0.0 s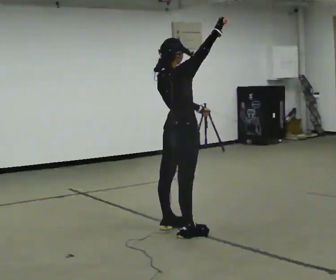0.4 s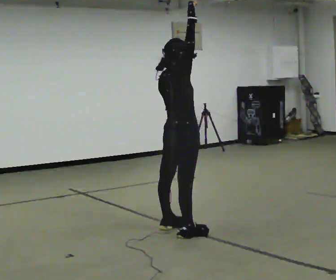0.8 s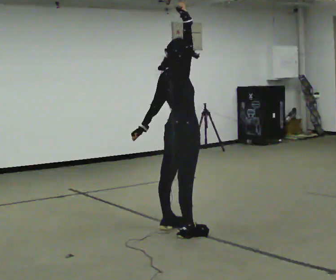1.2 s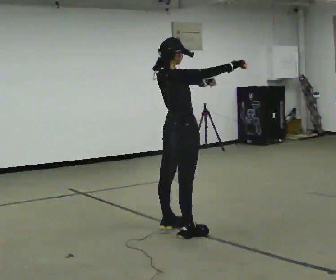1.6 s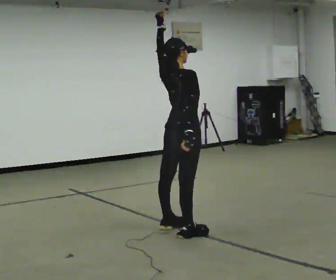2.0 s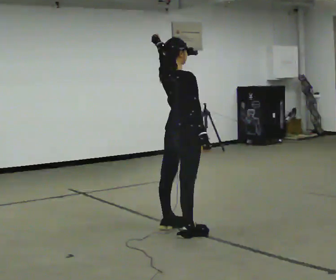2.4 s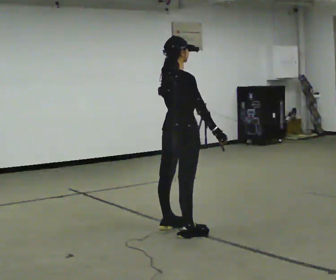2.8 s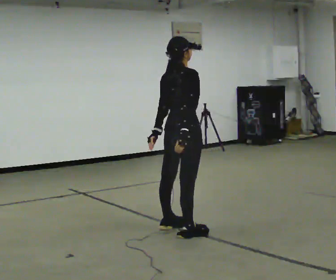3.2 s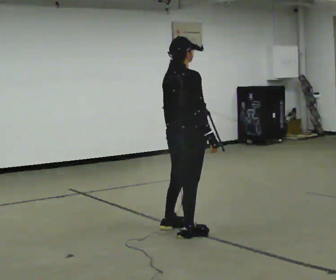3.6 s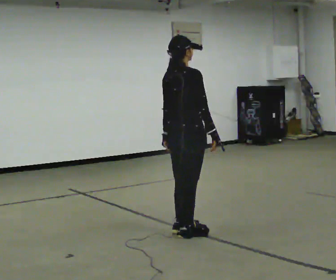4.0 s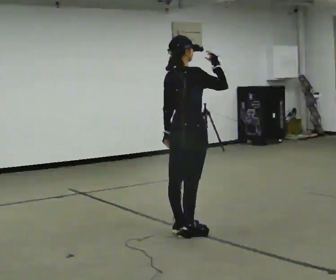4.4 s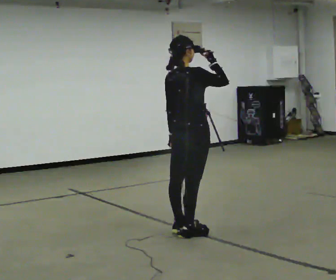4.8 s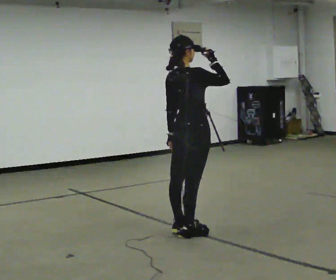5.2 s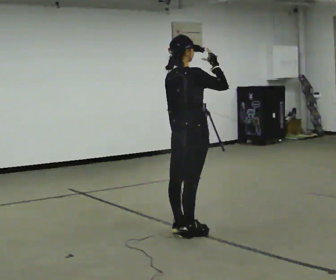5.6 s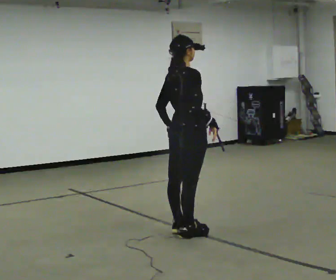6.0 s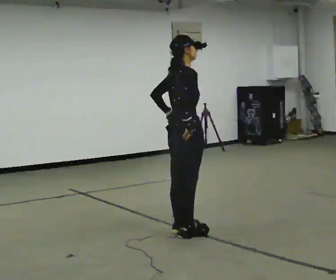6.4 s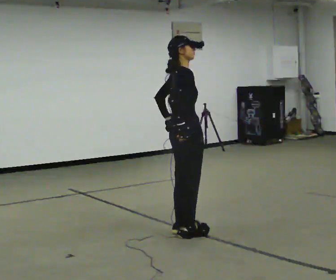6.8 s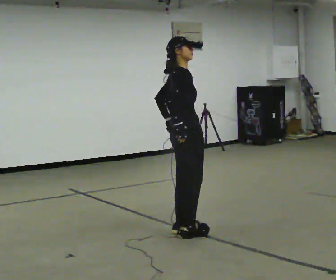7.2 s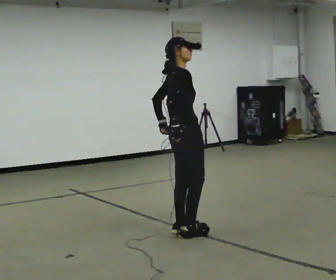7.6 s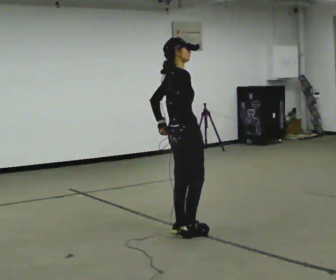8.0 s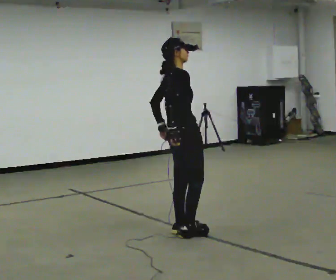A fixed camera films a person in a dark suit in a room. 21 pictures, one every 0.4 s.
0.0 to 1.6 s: In the picture their right hand goes downward.
1.6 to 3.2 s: In the picture their left hand goes downward.
3.2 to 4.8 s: In the picture their right hand goes upward.
4.8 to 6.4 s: The person turns about 30 degrees to their right, clockwise seen from above, so the part of the body nearest the lens slides to the left. In the picture their right hand goes downward.
6.4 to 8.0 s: The person moves a little, or ends about where they began.
The film runs forward here.
